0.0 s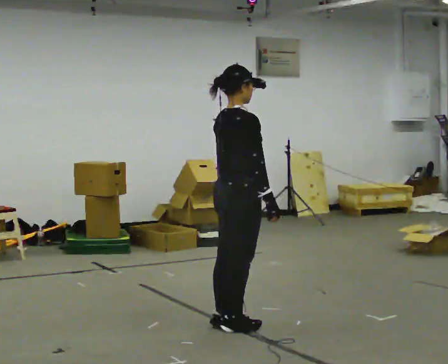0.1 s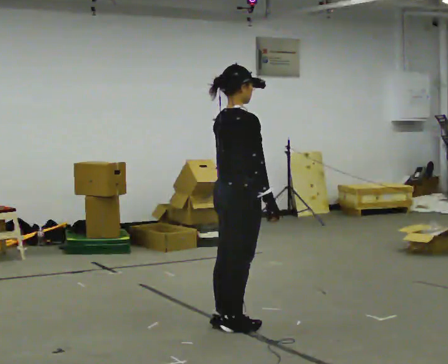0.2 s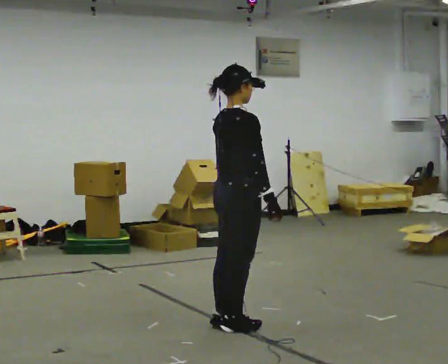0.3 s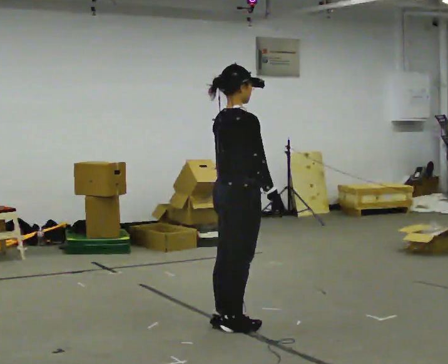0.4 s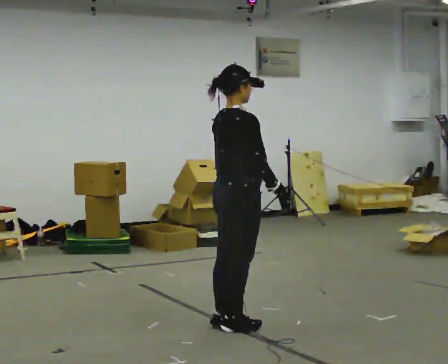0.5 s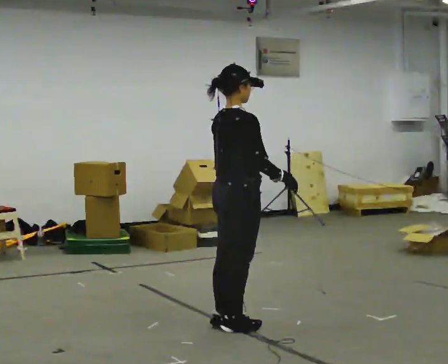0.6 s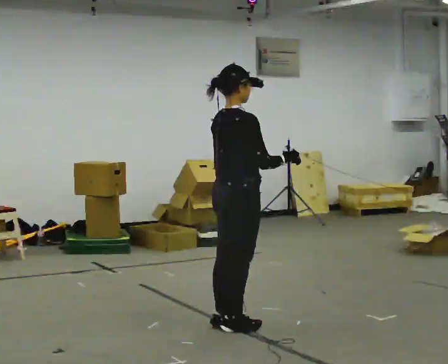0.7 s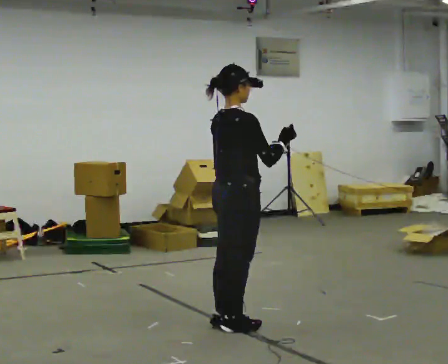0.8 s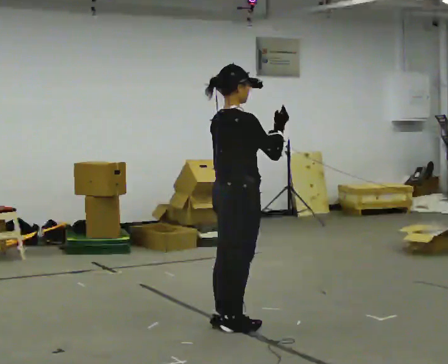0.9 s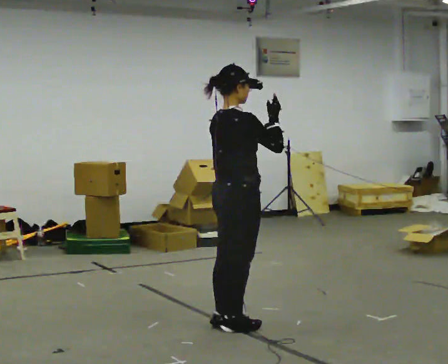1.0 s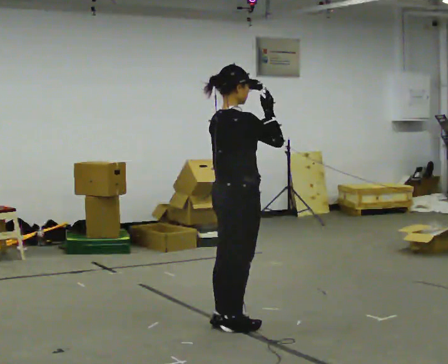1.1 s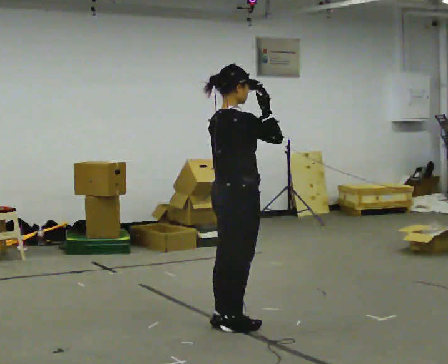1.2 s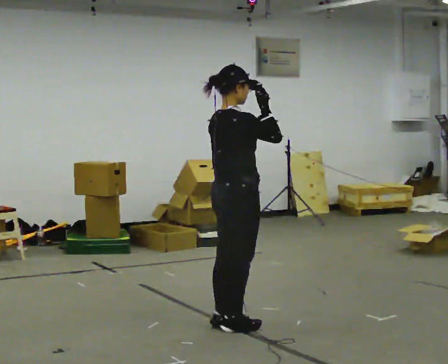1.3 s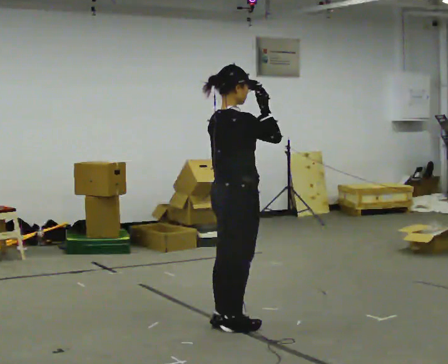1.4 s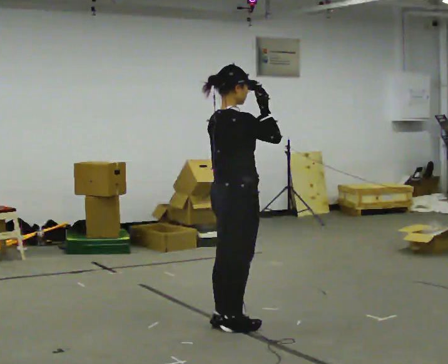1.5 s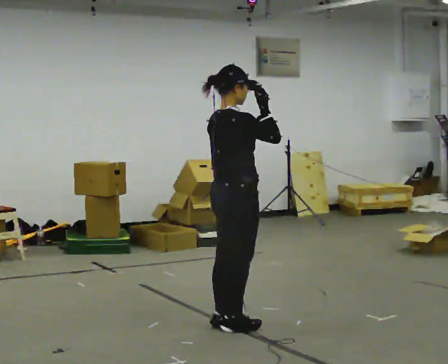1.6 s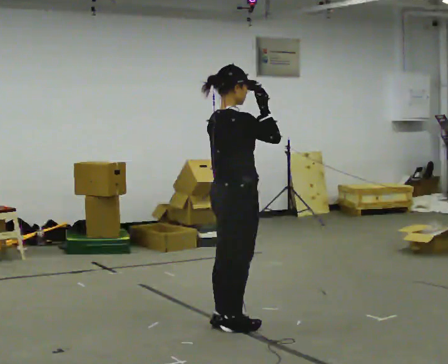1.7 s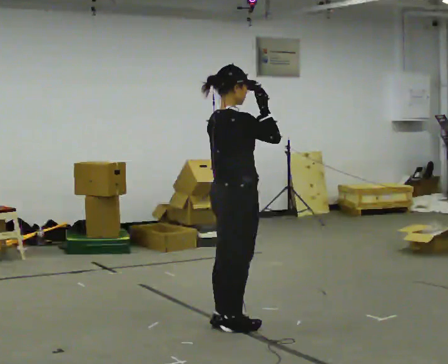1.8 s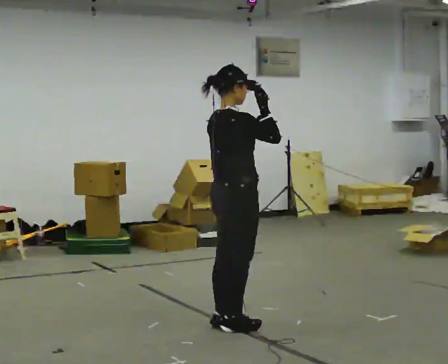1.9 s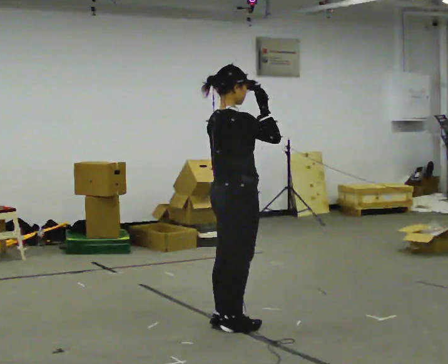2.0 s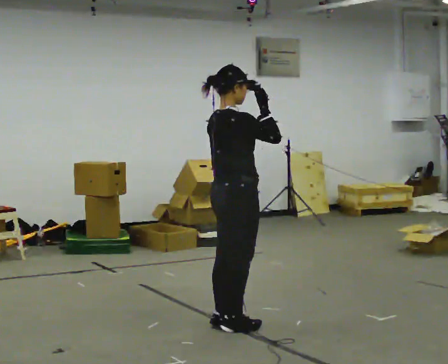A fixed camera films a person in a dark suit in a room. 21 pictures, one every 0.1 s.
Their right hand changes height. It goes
upward.
0.0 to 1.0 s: In the picture their right hand goes upward.
1.0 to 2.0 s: The person moves a little, or ends about where they began.
The film runs backward here.
